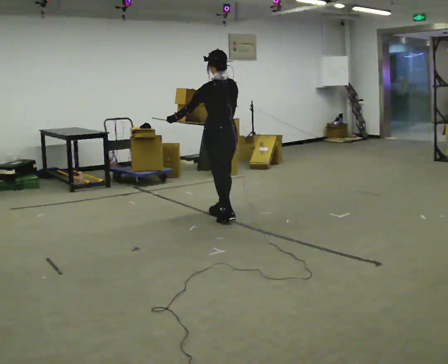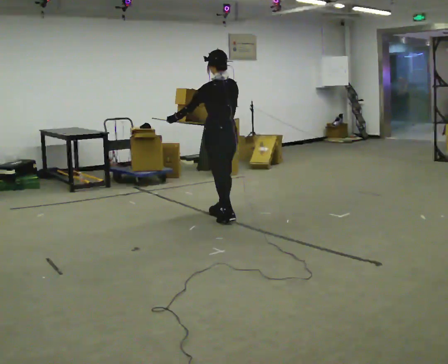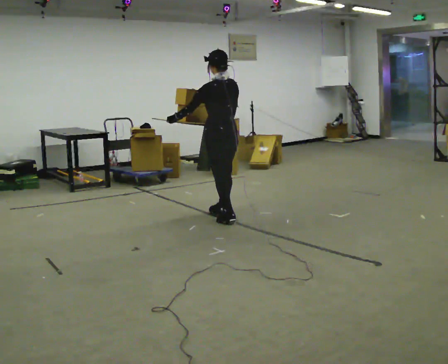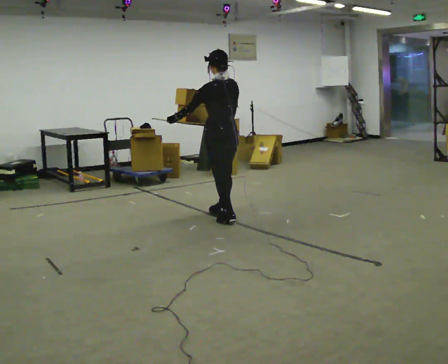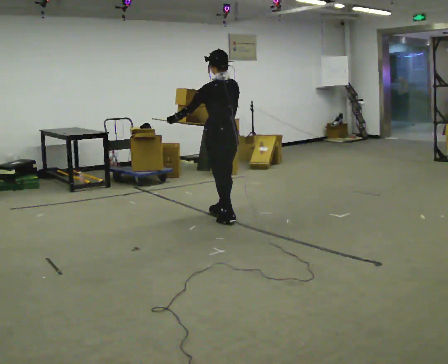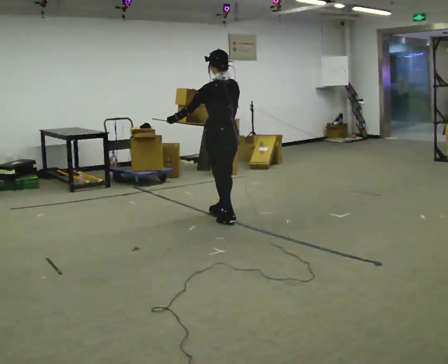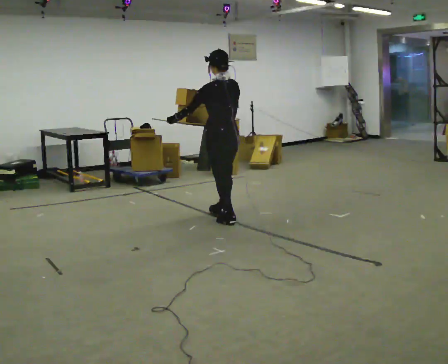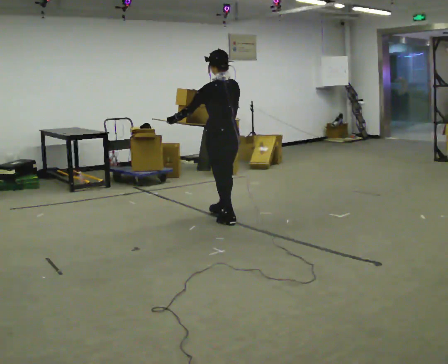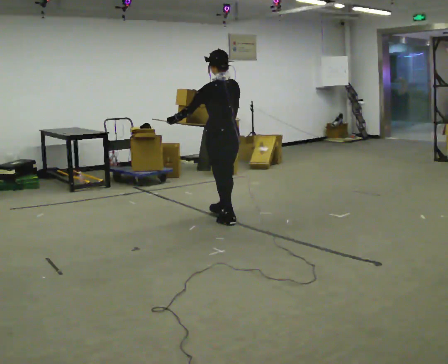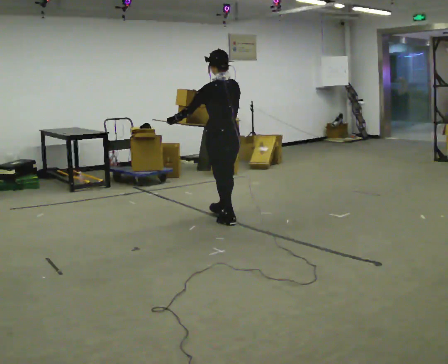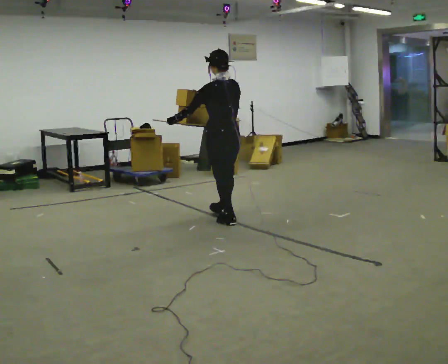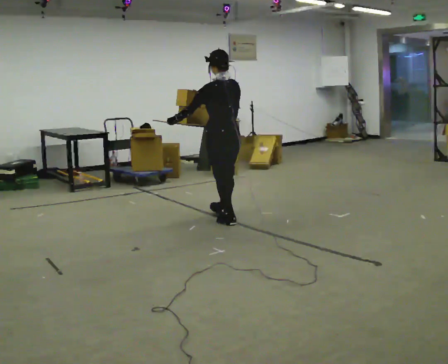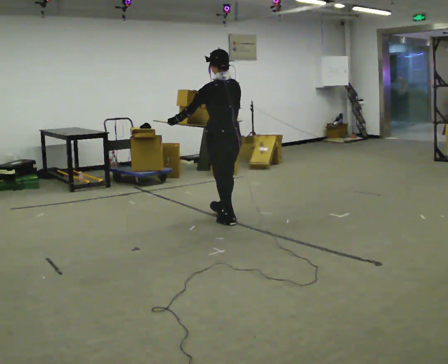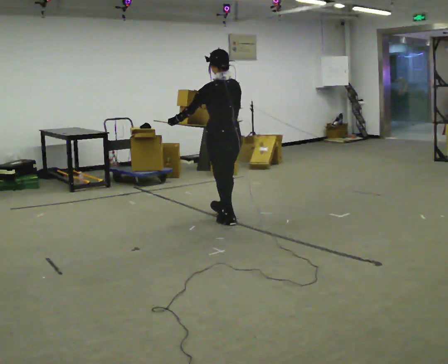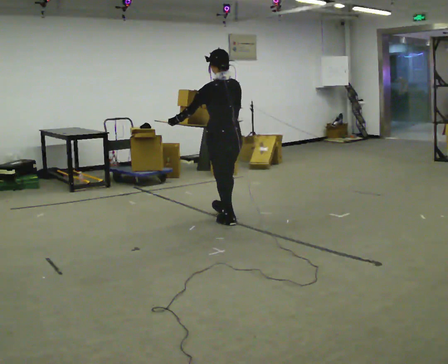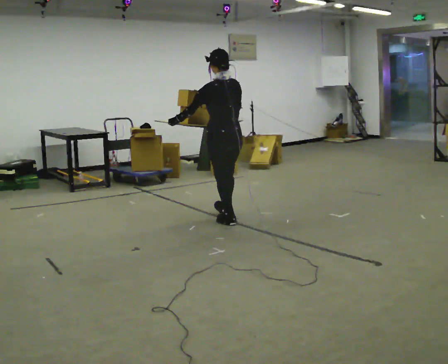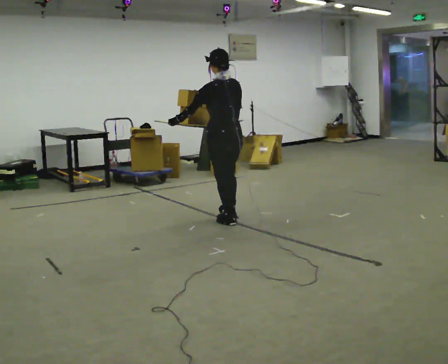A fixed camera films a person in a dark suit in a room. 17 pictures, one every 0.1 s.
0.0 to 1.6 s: In the picture they go toward the camera, about 0.25 m in 1 step, which for them is backward.
The film runs backward here.
